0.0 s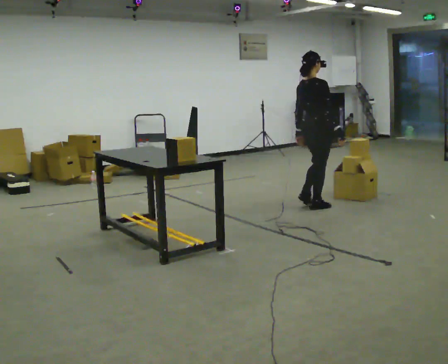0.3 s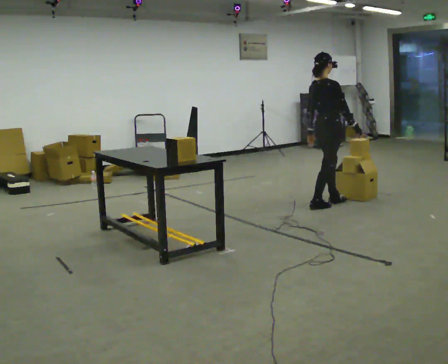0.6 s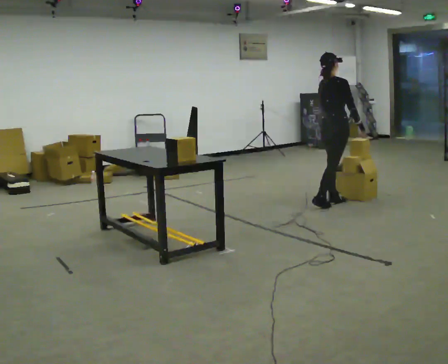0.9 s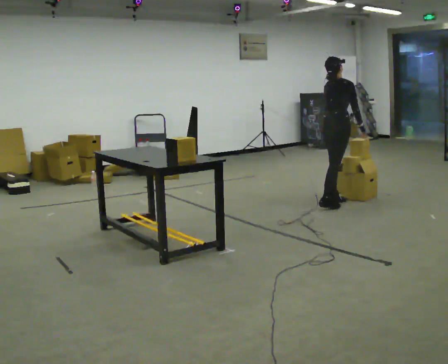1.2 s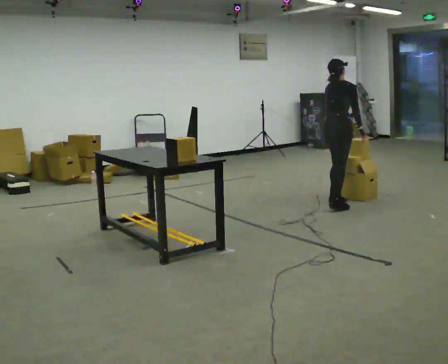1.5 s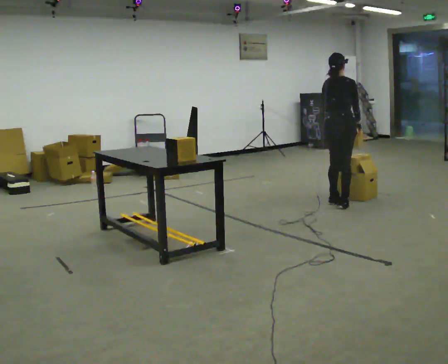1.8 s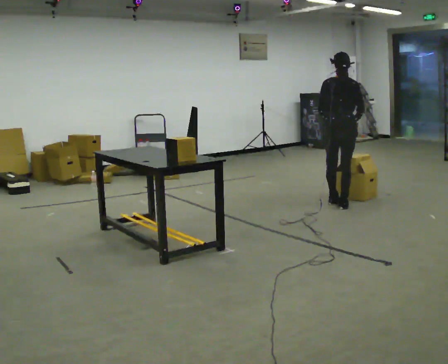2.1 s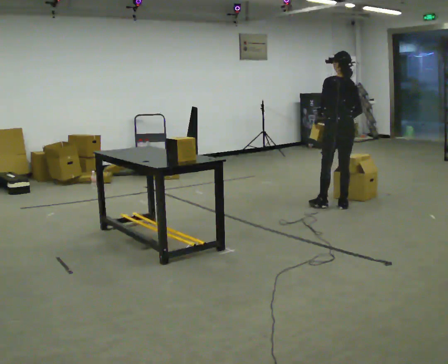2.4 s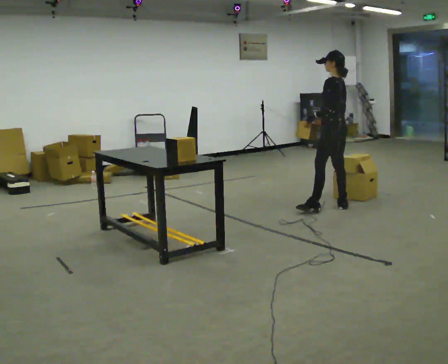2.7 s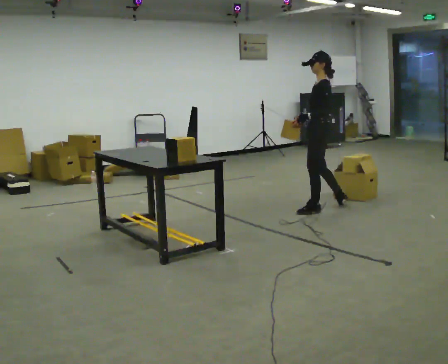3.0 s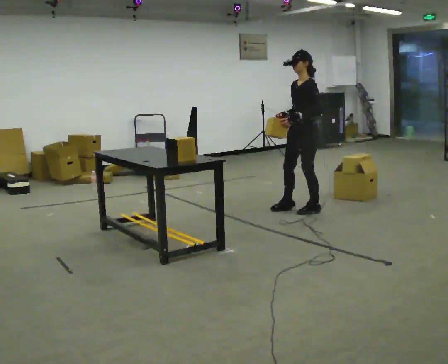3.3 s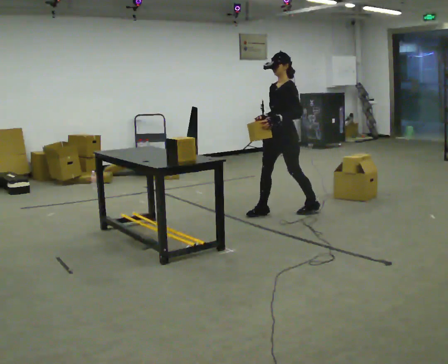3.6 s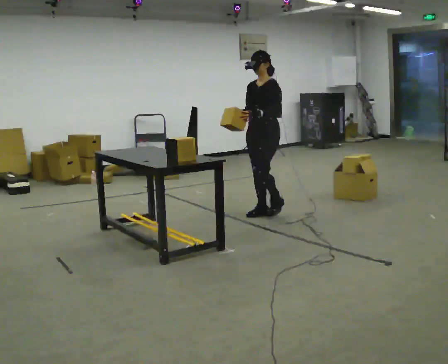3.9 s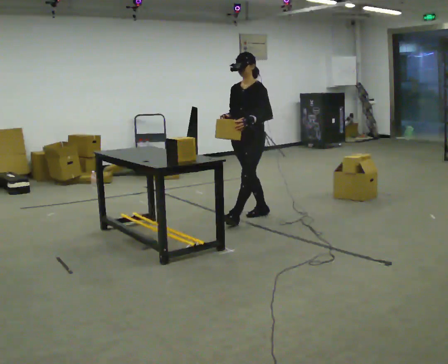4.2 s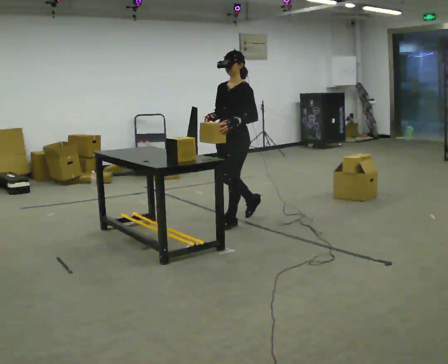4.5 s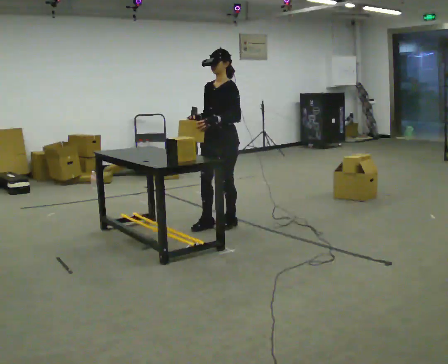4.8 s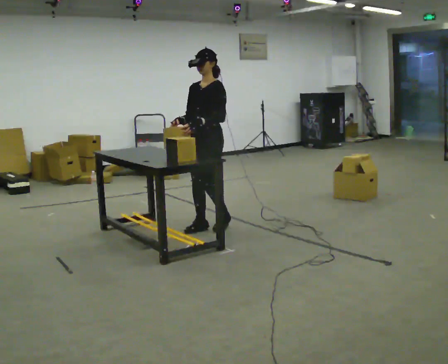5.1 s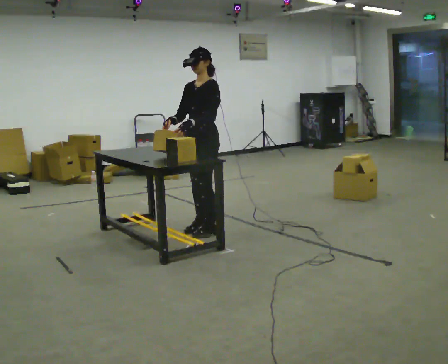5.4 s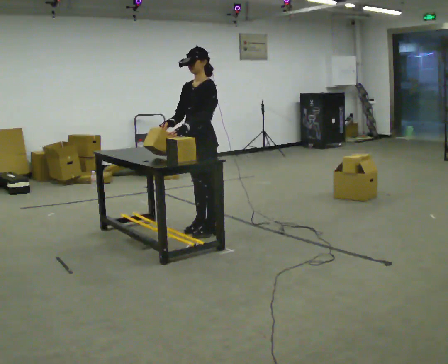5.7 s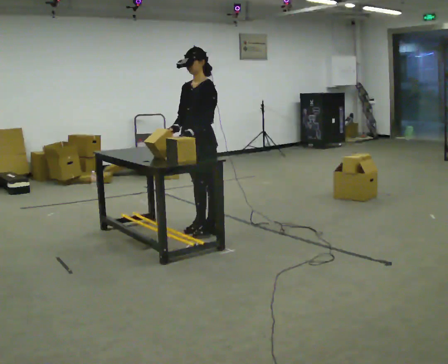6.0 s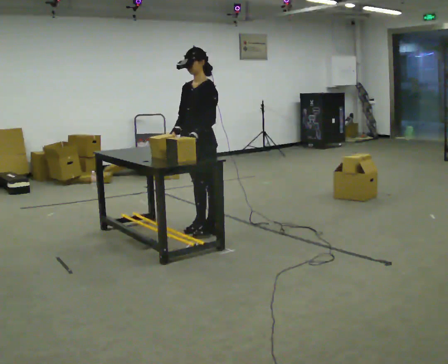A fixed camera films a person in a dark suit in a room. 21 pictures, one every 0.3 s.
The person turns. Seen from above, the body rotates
counterclockwise.
The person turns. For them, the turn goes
to their left.
0.0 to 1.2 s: In the picture they go to the right and away from the camera, about 0.25 m in 1 step, which for them is forward. The upper body tips away from the camera, its near side rolling upward, as they bend forward.
1.2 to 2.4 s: The part of the body nearest the lens slides to the right as the person turns to their left by about 105 degrees. In the picture they go toward the camera, about 0.25 m in 2 steps. The upper body tips toward the camera, its near side rolling downward, as they lean back or straighten. In the picture their left hand goes to the left, the arm swinging clockwise.
2.4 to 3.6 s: Seen from above the body turns counterclockwise, about 75 degrees: to their left, with its near side sliding to the right. In the picture they go to the left, about 0.5 m in 1 step.
3.6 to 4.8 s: In the picture they go toward the camera and to the left, about 0.75 m in 2 steps, which for them is forward.
4.8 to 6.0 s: The person moves a little, or ends about where they began.
The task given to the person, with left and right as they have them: Carry the box over and put it on the shelf with the label facing out towards you. Get the orientation right, not just the position. Keep going until the operator says stop; one object at a time, and do not rush between trips.
The film runs forward here.
